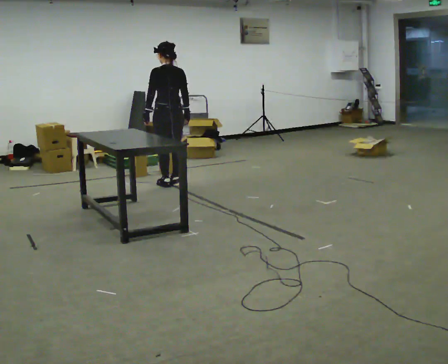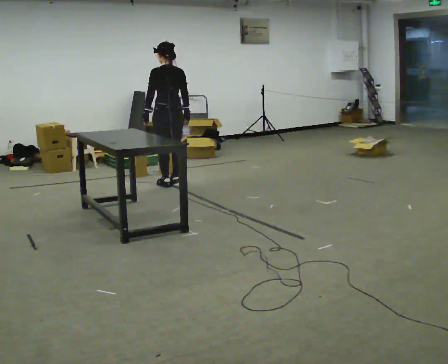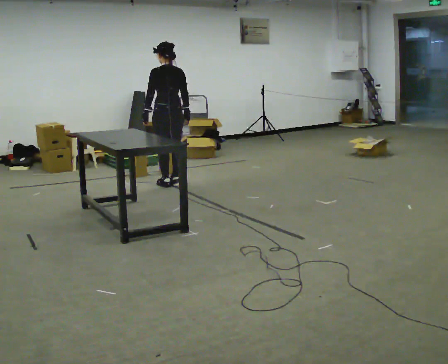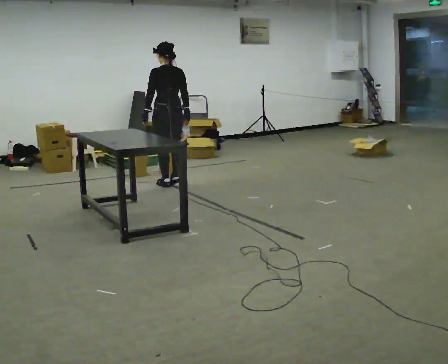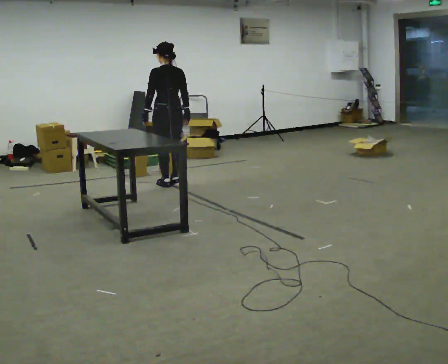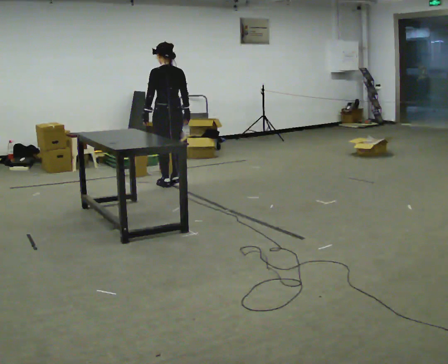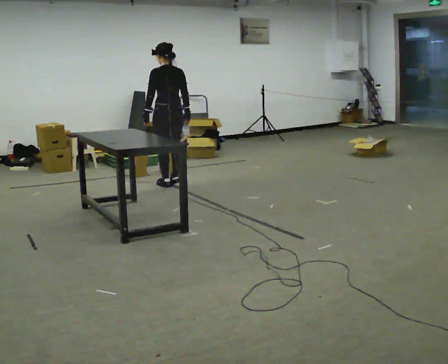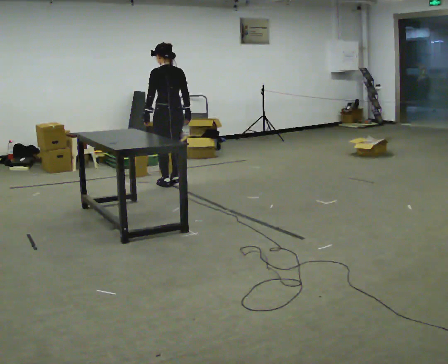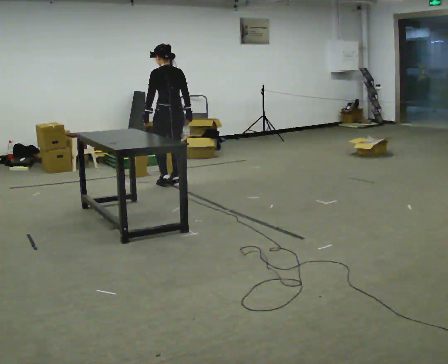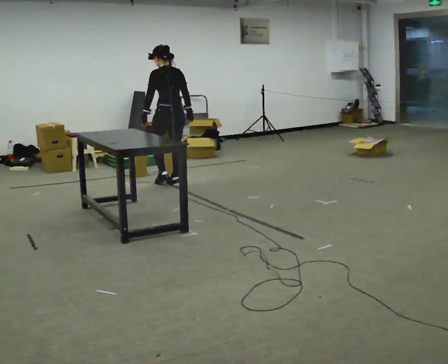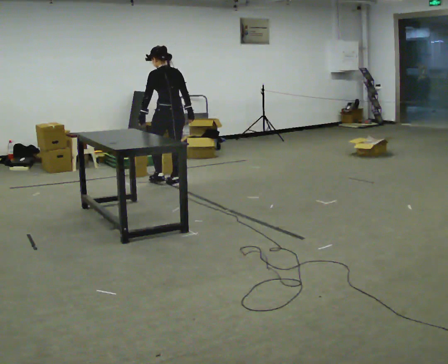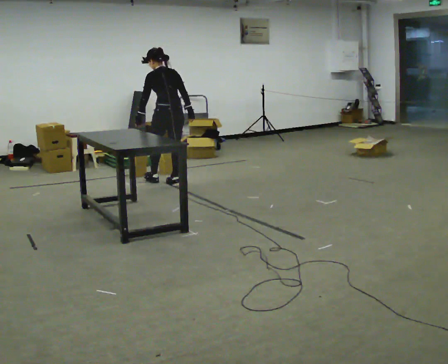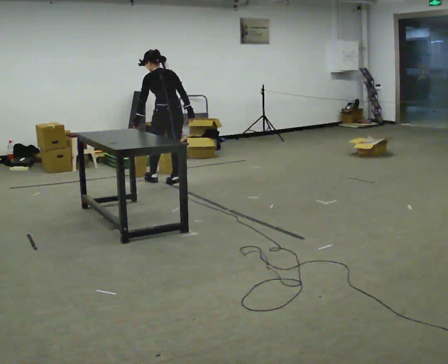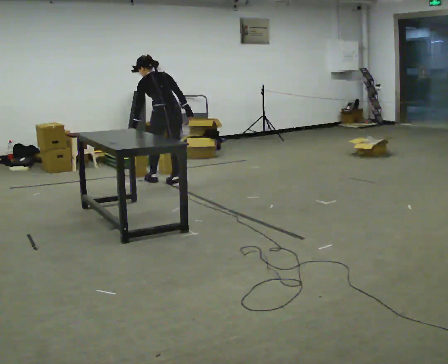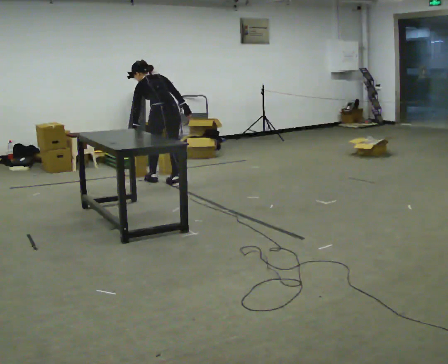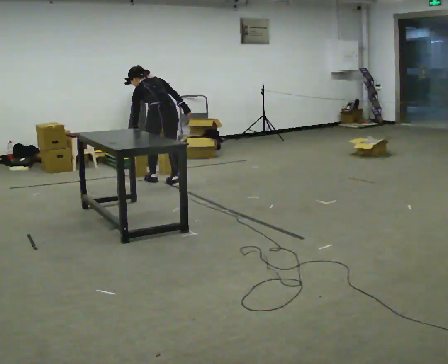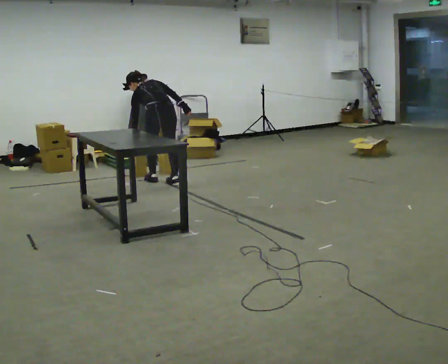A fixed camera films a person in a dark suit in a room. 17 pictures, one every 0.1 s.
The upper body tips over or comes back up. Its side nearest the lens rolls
upward.
0.0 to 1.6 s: The shoulders move downward. The upper body tips away from the camera, its near side rolling upward, as they bend forward.
The film runs forward here.
